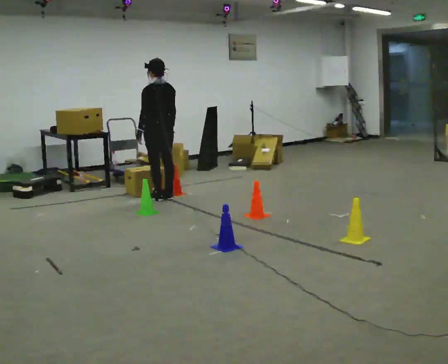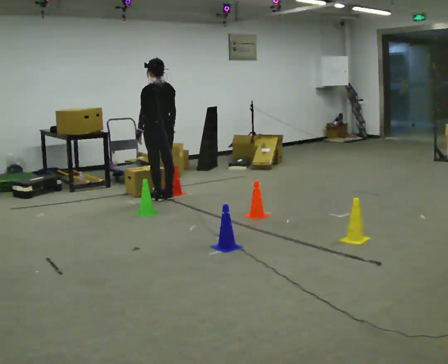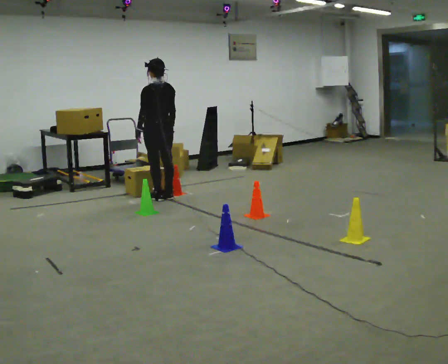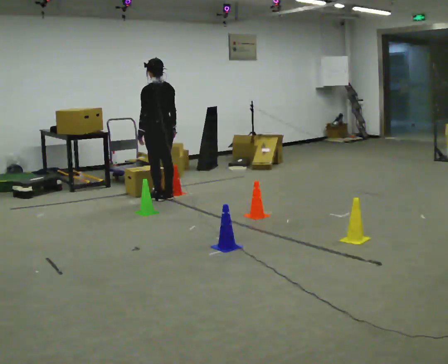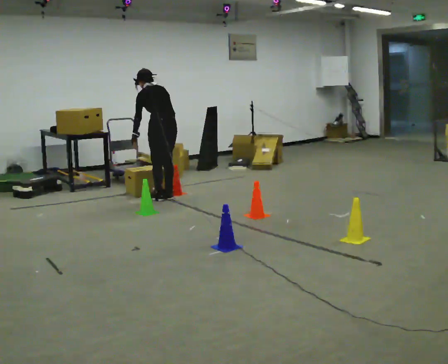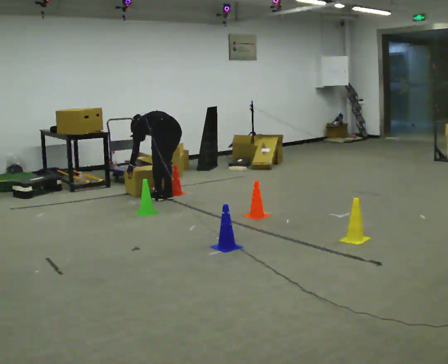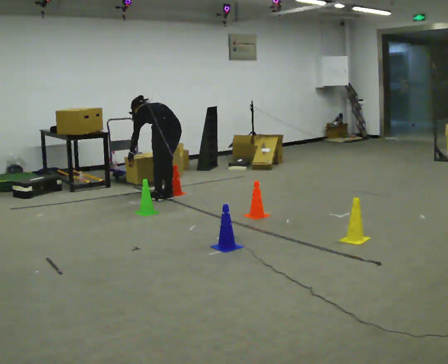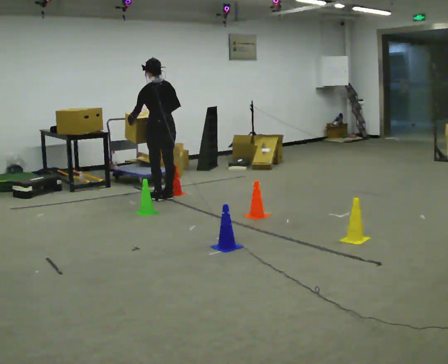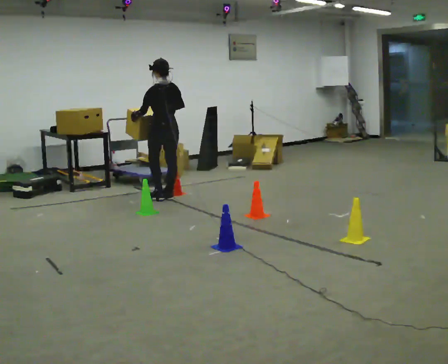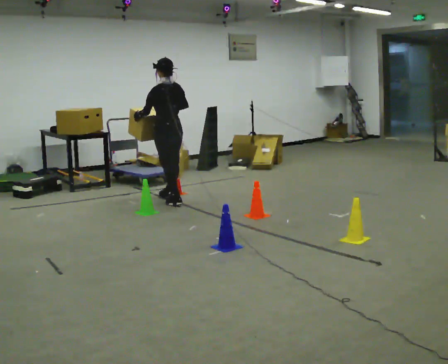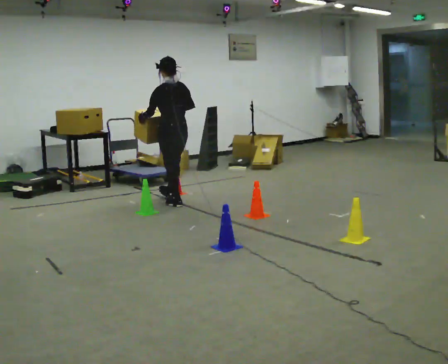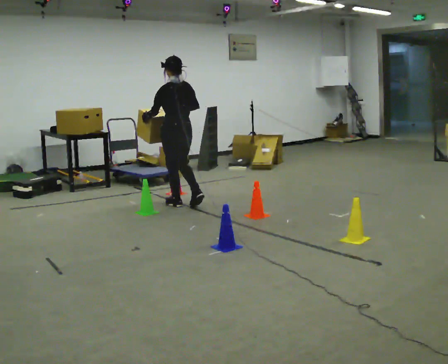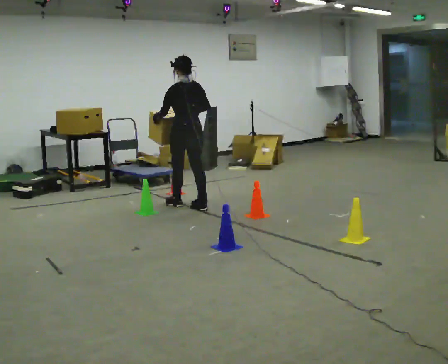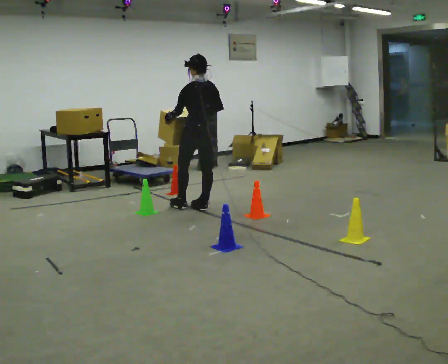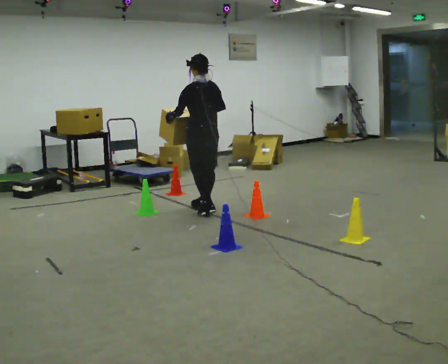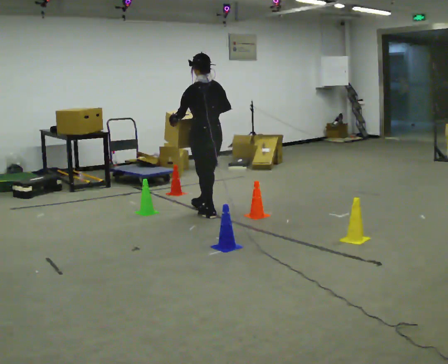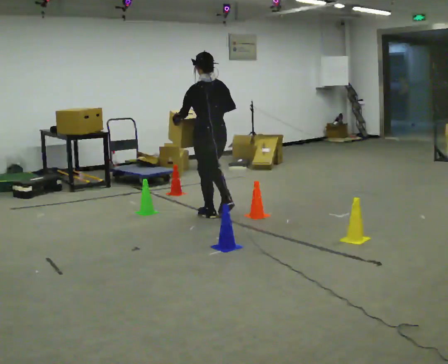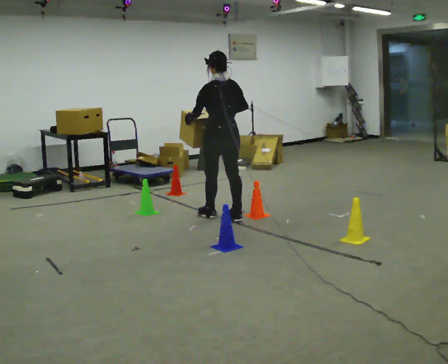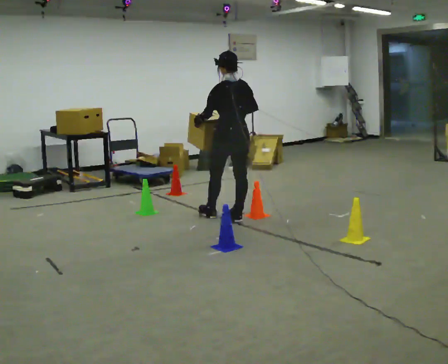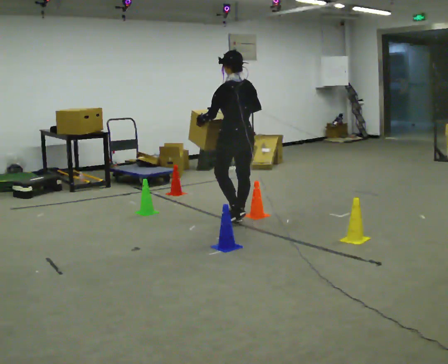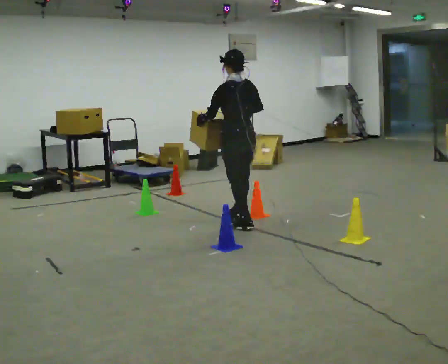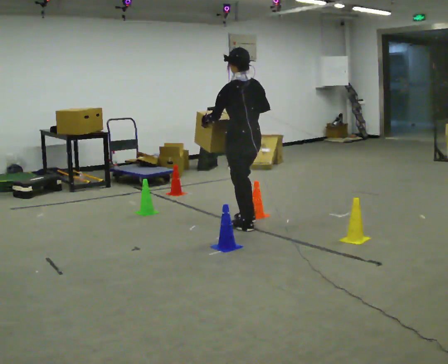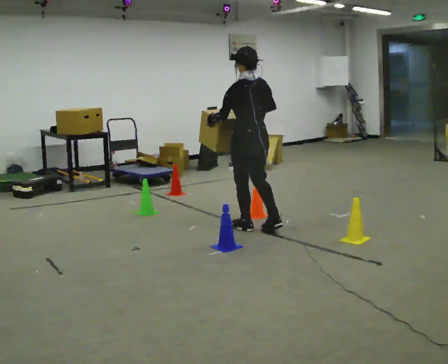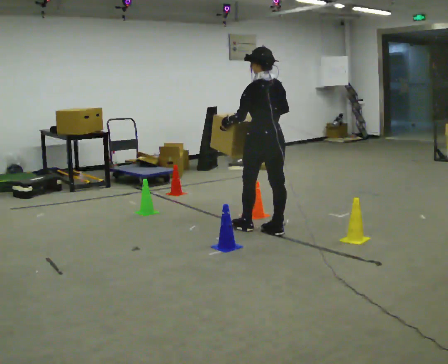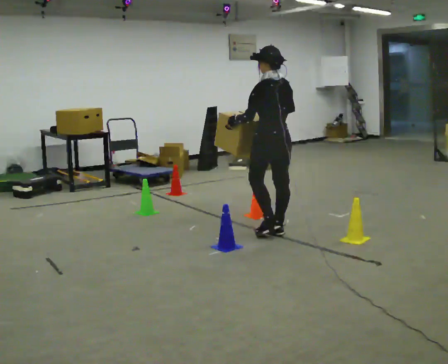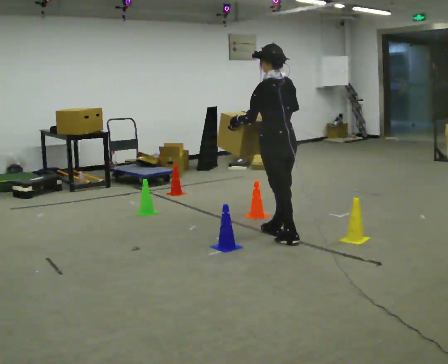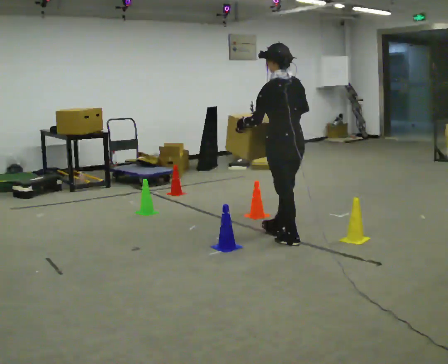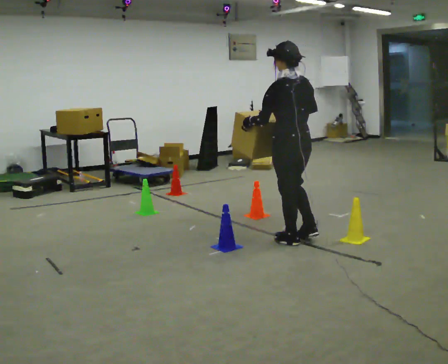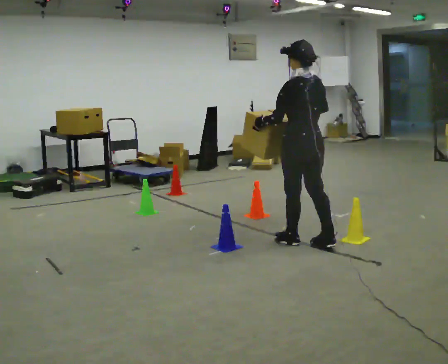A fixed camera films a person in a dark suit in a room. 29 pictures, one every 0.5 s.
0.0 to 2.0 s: The upper body tips away from the camera, its near side rolling upward, as they bend forward.
2.0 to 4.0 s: The person moves a little, or ends about where they began.
4.0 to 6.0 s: In the picture they go toward the camera and to the right, about 0.5 m in 1 step, which for them is backward.
6.0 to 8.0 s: In the picture they go toward the camera and to the right, about 0.5 m in 2 steps, which for them is backward.
8.0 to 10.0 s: In the picture they go toward the camera and to the right, about 0.5 m in 1 step, which for them is backward.
10.0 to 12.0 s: In the picture they go toward the camera and to the right, about 0.5 m in 2 steps, which for them is backward.
12.0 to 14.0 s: In the picture they go toward the camera and to the right, about 0.5 m in 1 step, which for them is backward.
The film runs backward here.
